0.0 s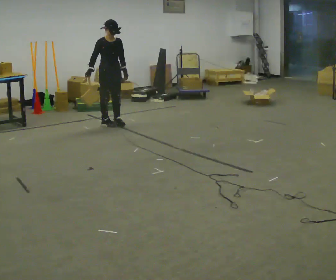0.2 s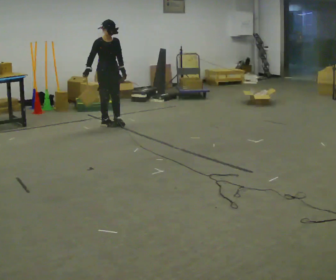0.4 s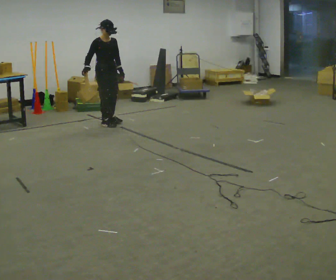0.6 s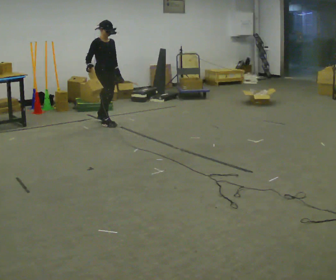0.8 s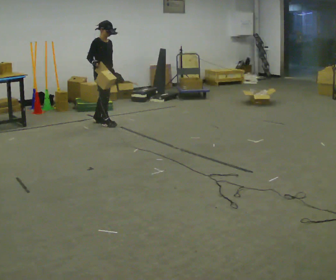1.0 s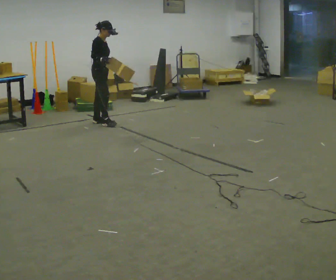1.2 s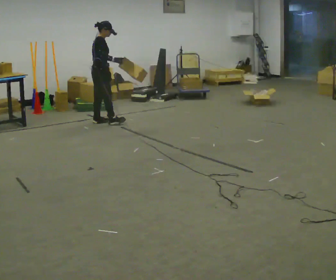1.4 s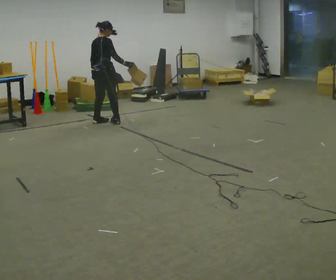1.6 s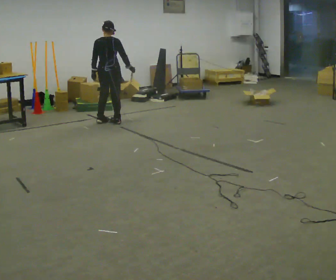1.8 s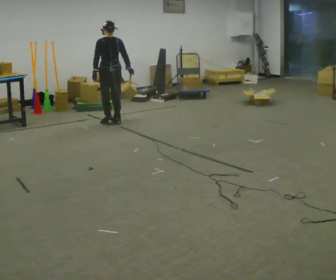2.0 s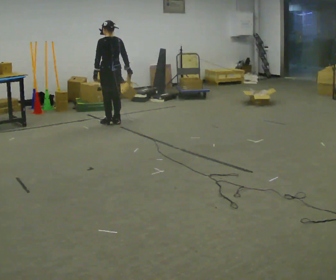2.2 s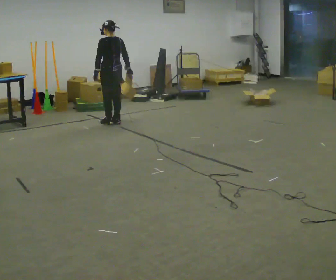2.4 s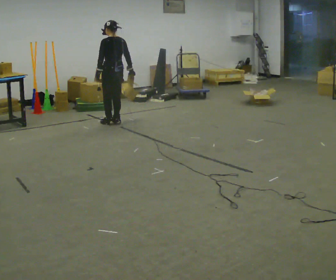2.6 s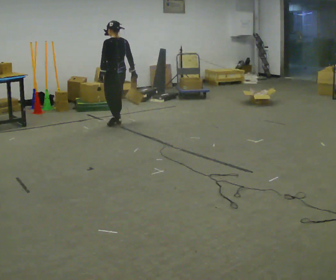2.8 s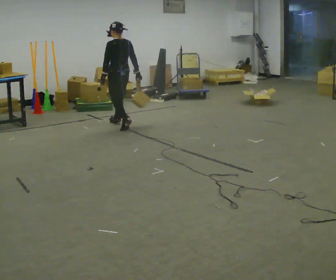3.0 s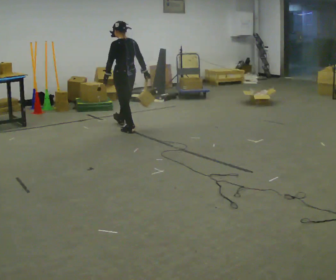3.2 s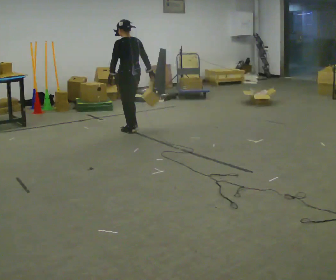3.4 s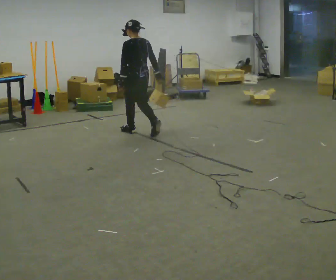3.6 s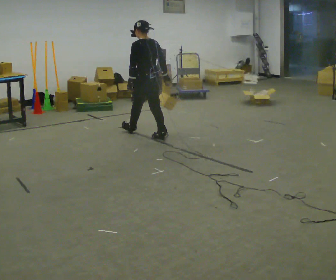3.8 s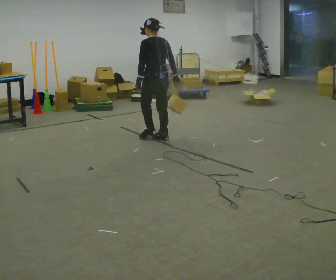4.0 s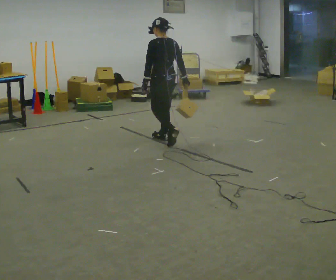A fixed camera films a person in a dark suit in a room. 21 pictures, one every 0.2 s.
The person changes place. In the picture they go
toward the camera.
The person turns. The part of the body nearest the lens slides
to the right.
0.0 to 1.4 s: Seen from above the body turns counterclockwise, about 105 degrees: to their left, with its near side sliding to the right. In the picture their right hand goes to the right.
1.4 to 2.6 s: The person turns about 75 degrees to their left, counterclockwise seen from above, so the part of the body nearest the lens slides to the right. In the picture they go to the right, about 0.25 m in 2 steps.
2.6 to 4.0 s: In the picture they go toward the camera and to the right, about 1 m in 2 steps, which for them is backward.
The film runs backward here.
